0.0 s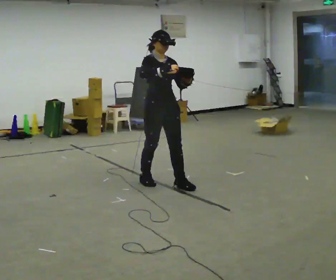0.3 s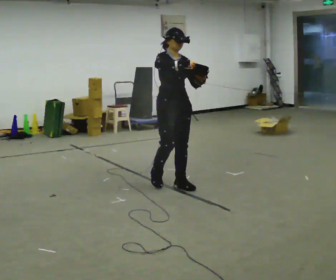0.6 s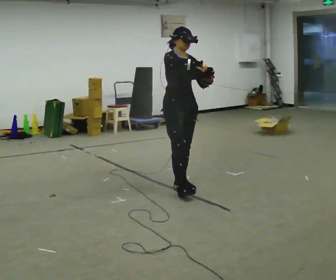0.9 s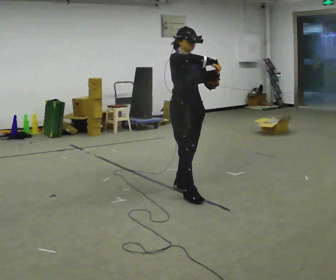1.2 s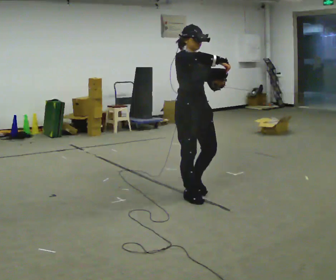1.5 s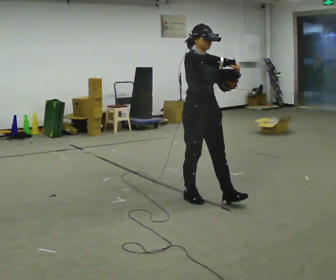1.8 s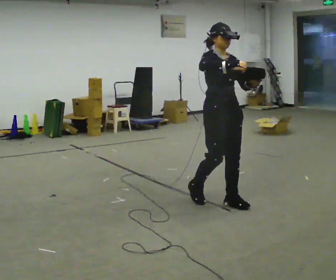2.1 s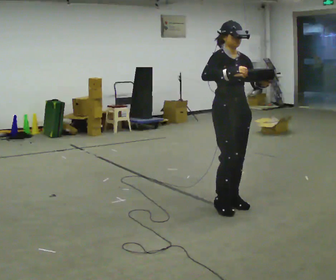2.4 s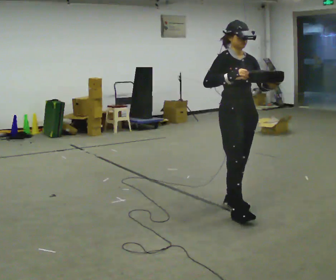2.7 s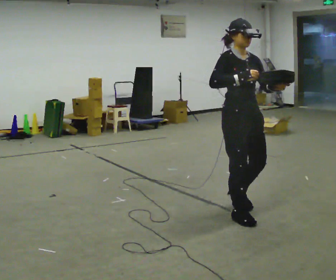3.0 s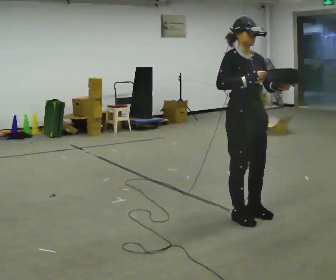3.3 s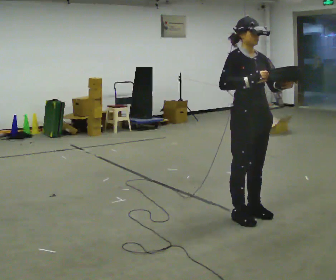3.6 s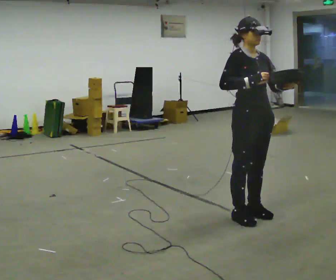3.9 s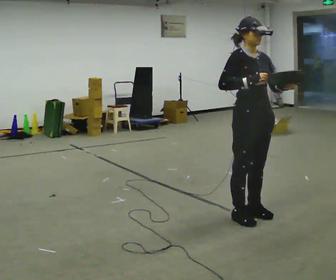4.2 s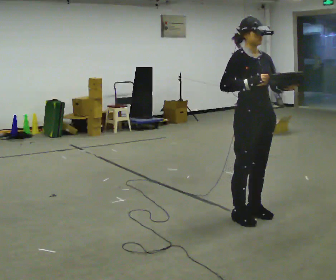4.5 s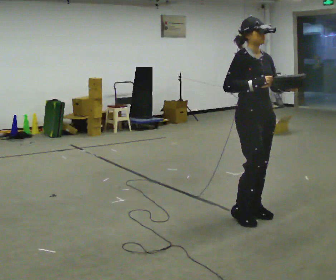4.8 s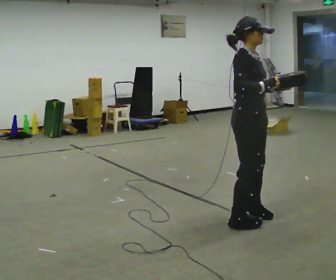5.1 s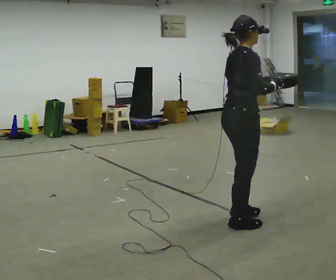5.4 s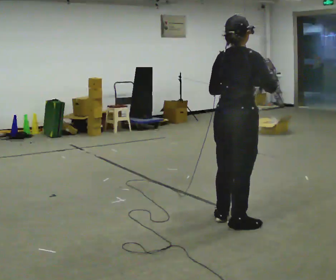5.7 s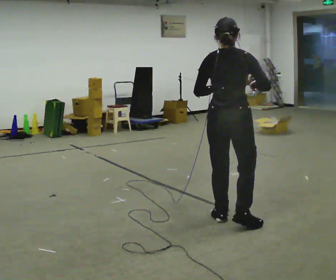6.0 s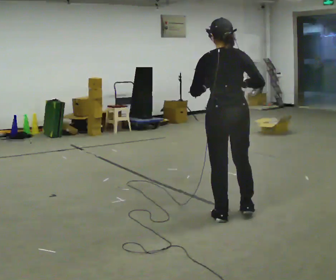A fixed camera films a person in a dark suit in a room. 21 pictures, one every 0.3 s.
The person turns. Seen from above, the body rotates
counterclockwise.
The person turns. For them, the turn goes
to their left.
0.0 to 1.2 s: In the picture they go to the right and toward the camera, about 0.5 m in 1 step, which for them is forward.
1.2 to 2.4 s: In the picture they go to the right and toward the camera, about 0.5 m in 2 steps, which for them is forward.
2.4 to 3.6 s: In the picture they go toward the camera, about 0.25 m in 1 step, which for them is forward.
3.6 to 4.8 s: The part of the body nearest the lens slides to the right as the person turns to their left by about 30 degrees.
4.8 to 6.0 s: The part of the body nearest the lens slides to the right as the person turns to their left by about 120 degrees. In the picture they go to the left, about 0.25 m in 1 step. In the picture their left hand goes to the left.
The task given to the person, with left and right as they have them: Carry the bag and, while walking, undo the buckle or zip, then do it up again. Keep repeating as you walk. Do not stop.
The film runs forward here.
